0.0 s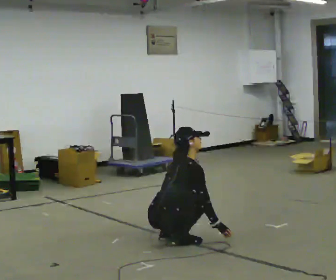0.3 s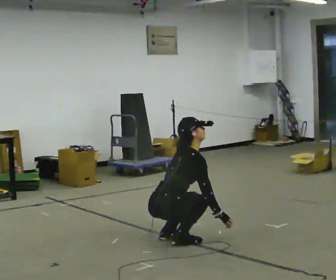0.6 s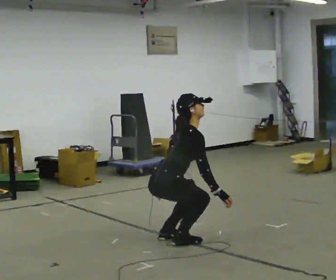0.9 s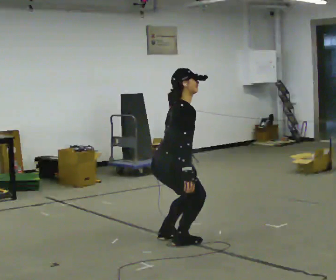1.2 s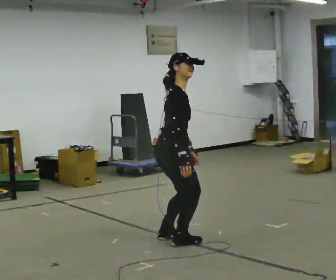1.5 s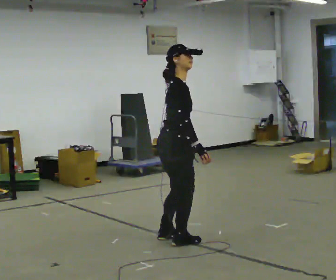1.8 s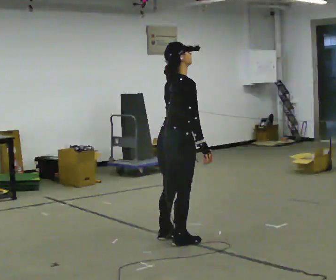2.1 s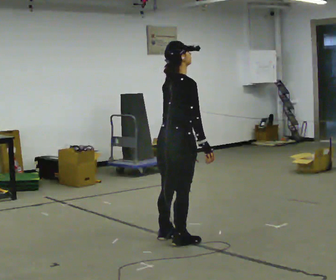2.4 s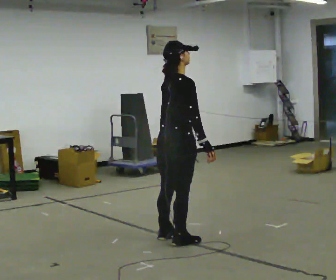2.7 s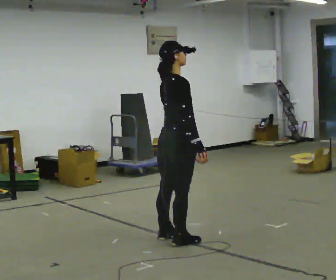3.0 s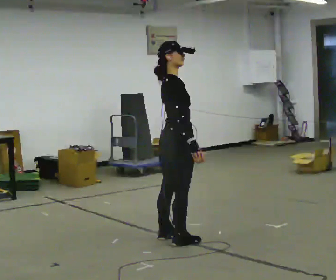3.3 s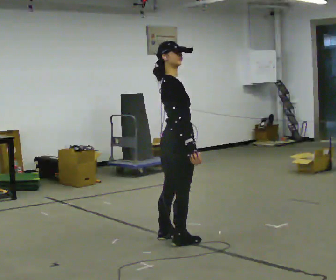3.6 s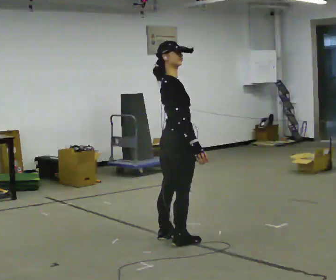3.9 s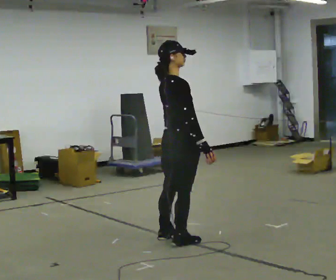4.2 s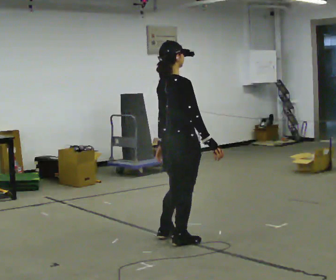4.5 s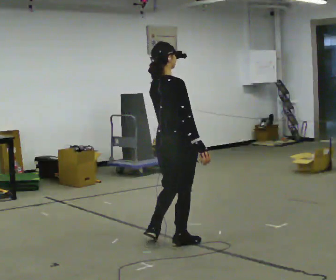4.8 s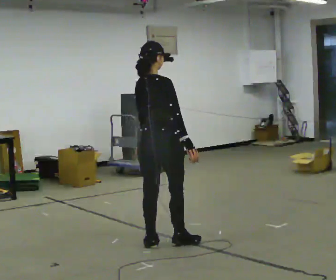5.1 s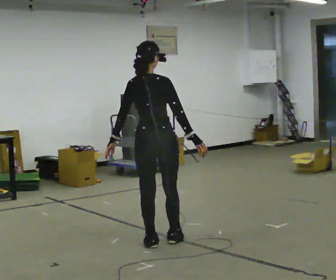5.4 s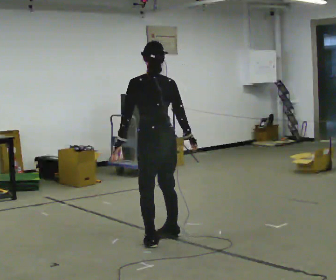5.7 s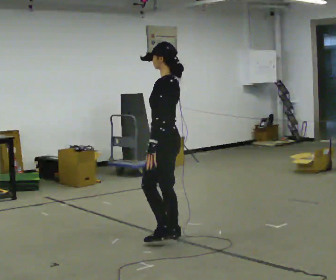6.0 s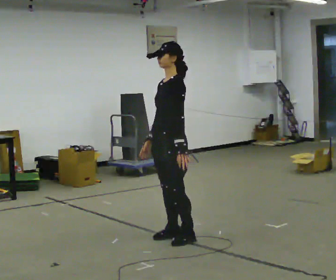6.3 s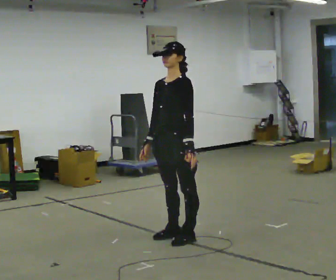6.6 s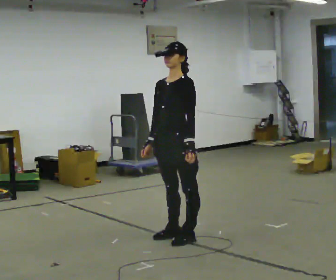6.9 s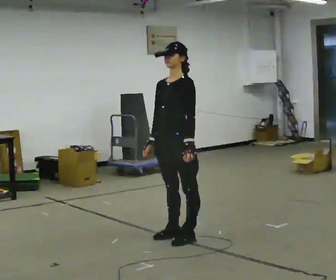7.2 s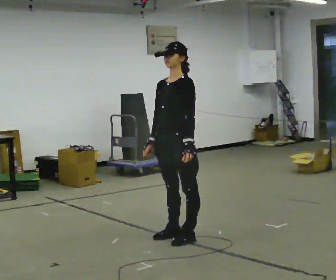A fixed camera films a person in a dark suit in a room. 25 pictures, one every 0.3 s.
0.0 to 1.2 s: The part of the body nearest the lens slides to the left as the person turns to their right by about 30 degrees. The upper body goes upward. In the picture the upper body tilts counterclockwise, shoulders to the left, as they lean back or straighten. In the picture their right hand goes upward.
1.2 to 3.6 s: In the picture the upper body tilts counterclockwise, shoulders to the left, as they lean back or straighten.
3.6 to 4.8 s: The part of the body nearest the lens slides to the right as the person turns to their left by about 30 degrees.
4.8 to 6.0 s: The part of the body nearest the lens slides to the right as the person turns to their left by about 150 degrees. In the picture they go away from the camera, about 0.25 m in 2 steps.
6.0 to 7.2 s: The part of the body nearest the lens slides to the right as the person turns to their left by about 30 degrees.
The film runs backward here.
